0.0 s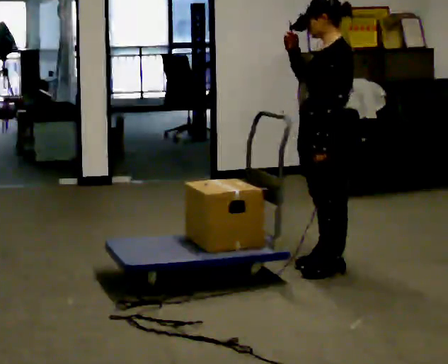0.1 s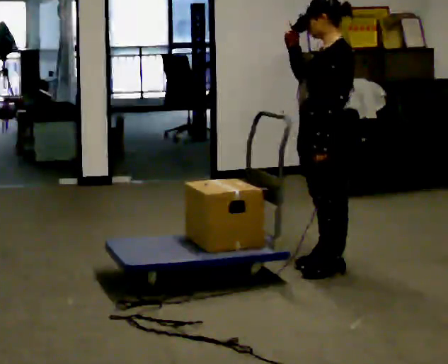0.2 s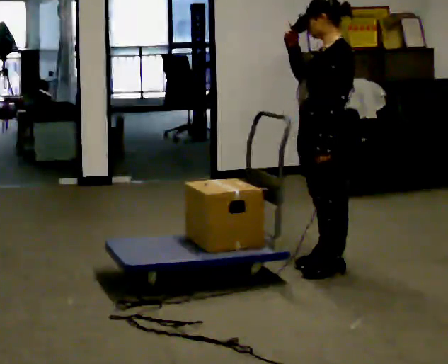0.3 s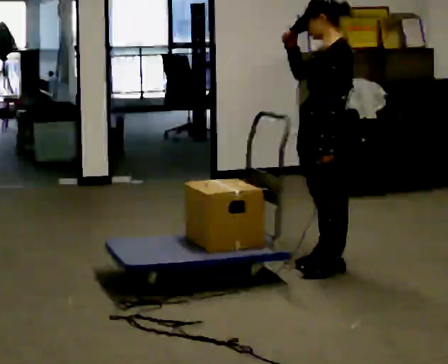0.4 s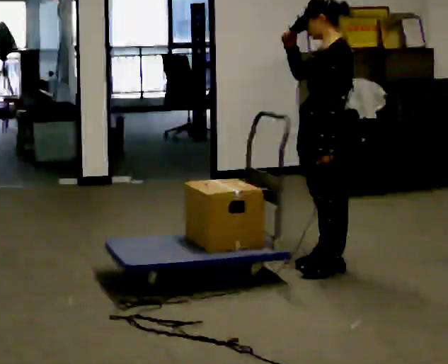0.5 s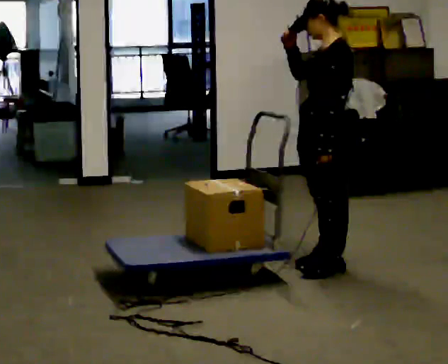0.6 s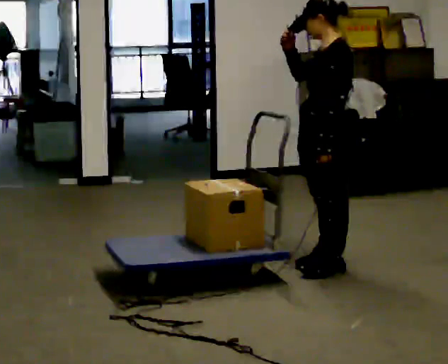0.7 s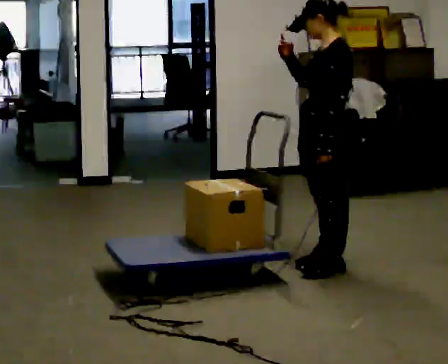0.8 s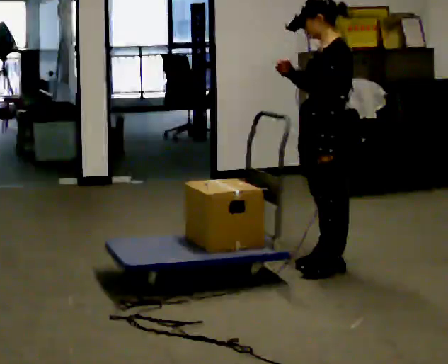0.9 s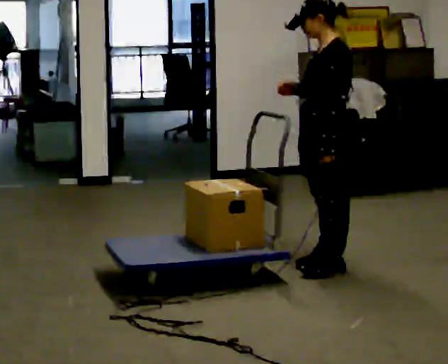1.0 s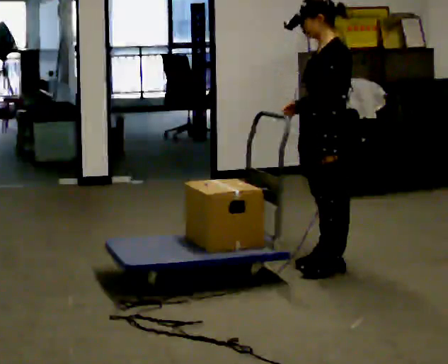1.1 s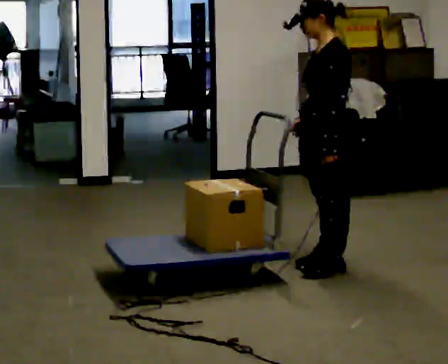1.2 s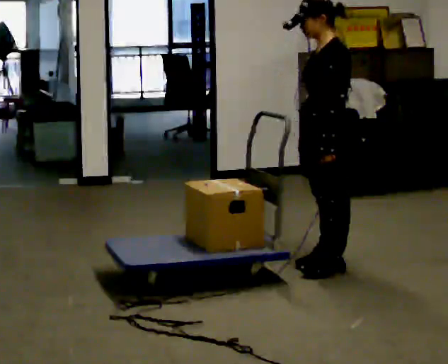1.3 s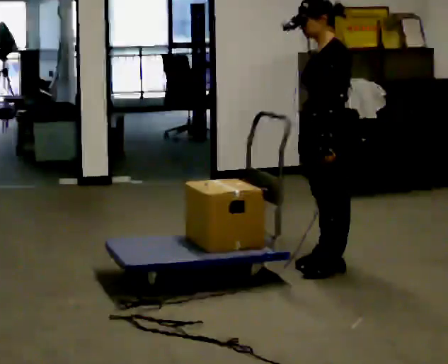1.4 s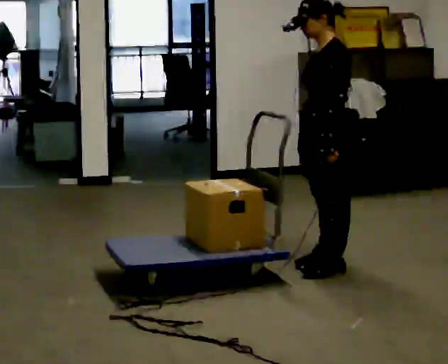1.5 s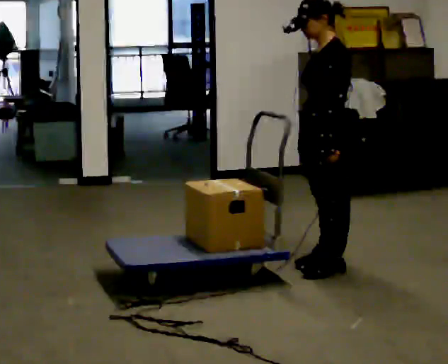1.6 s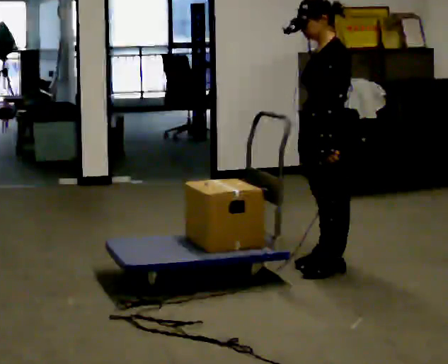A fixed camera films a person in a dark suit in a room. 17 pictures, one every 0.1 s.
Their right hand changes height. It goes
downward.
0.0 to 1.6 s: In the picture their right hand goes downward.
The film runs forward here.
